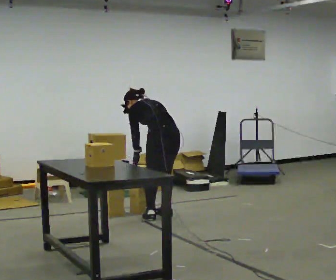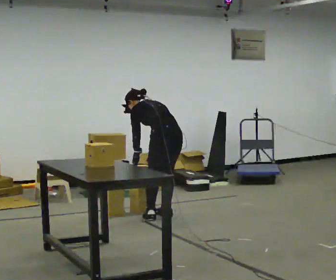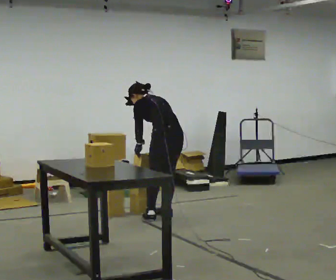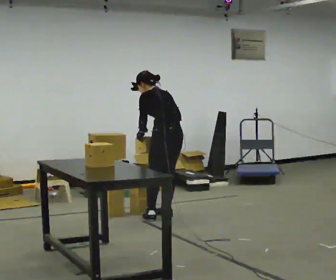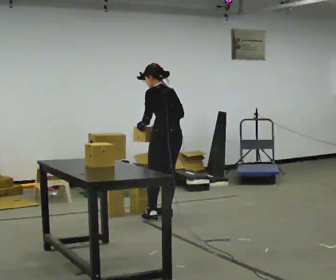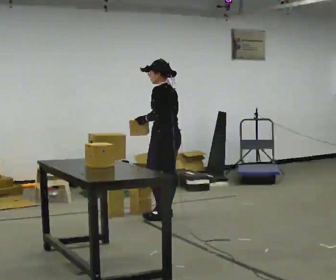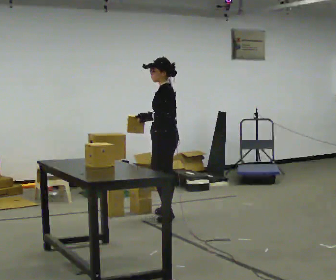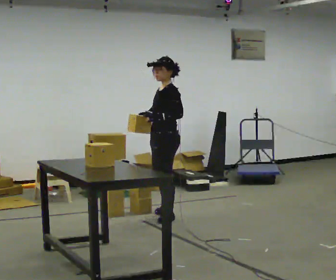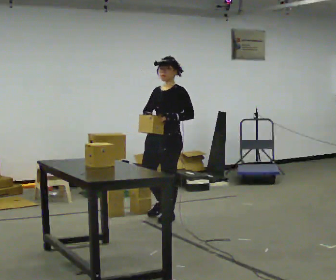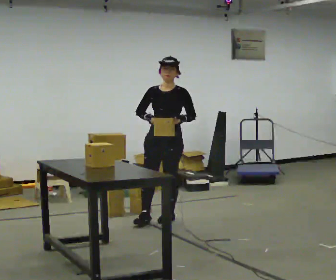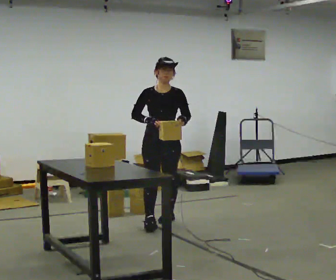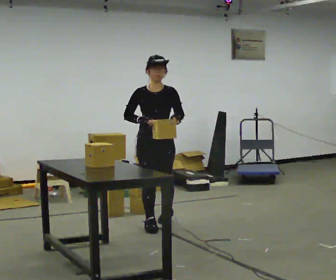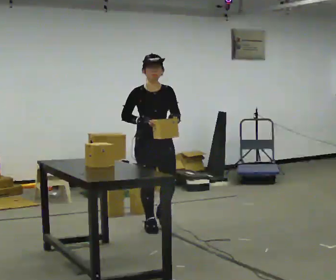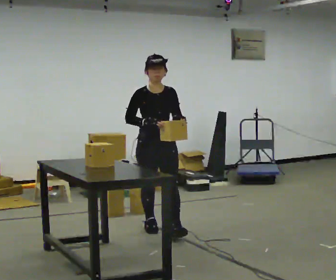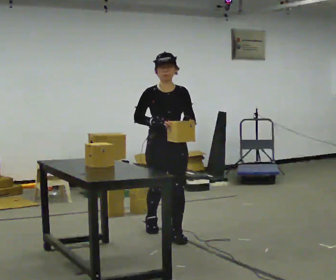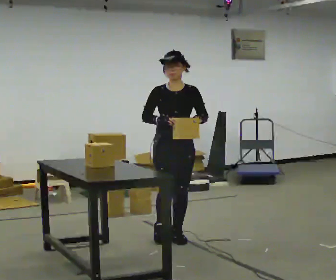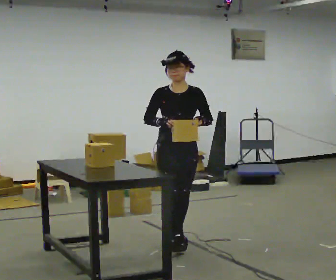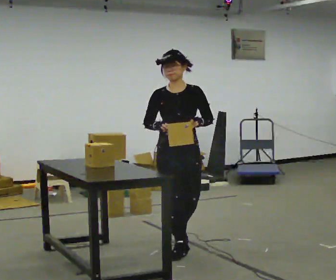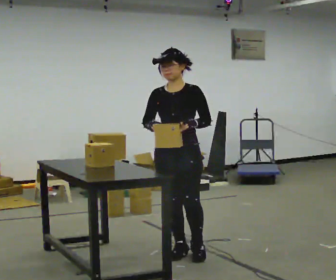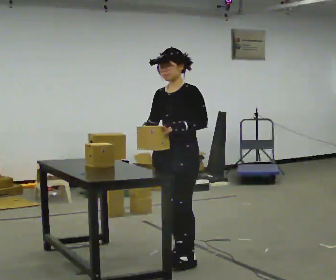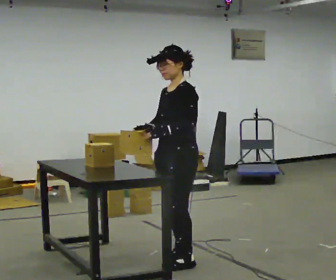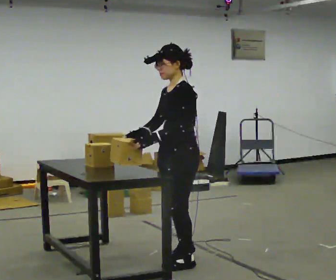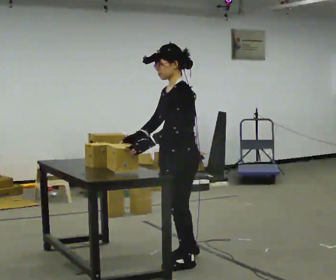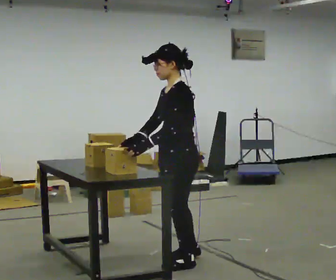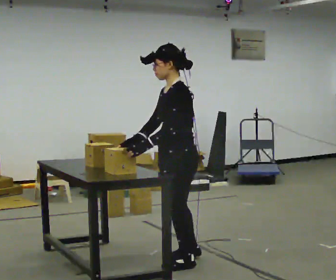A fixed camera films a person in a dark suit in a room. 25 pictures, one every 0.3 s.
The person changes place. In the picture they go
toward the camera.
The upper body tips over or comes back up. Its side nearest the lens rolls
downward.
0.0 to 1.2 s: The upper body goes upward. The upper body tips toward the camera, its near side rolling downward, as they lean back or straighten. In the picture their right hand goes upward.
1.2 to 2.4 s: The person turns about 90 degrees to their left, counterclockwise seen from above, so the part of the body nearest the lens slides to the right. In the picture they go toward the camera, about 0.25 m in 1 step.
2.4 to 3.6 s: The person turns about 60 degrees to their left, counterclockwise seen from above, so the part of the body nearest the lens slides to the right. In the picture they go toward the camera, about 0.5 m in 1 step.
3.6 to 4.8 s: In the picture they go toward the camera and to the right, about 0.5 m in 2 steps, which for them is forward.
4.8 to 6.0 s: Seen from above the body turns clockwise, about 75 degrees: to their right, with its near side sliding to the left. In the picture they go toward the camera, about 0.5 m in 1 step.
6.0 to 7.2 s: The person moves a little, or ends about where they began.
The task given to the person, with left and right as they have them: Take boxes off the top of the stack one at a time and carry them away, walking back for each one. Keep going until the operator says stop; one object at a time, and do not rush between trips.
The film runs forward here.
